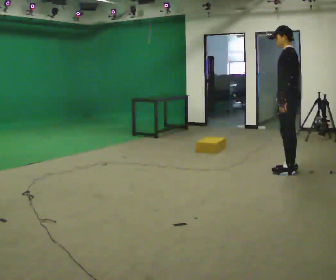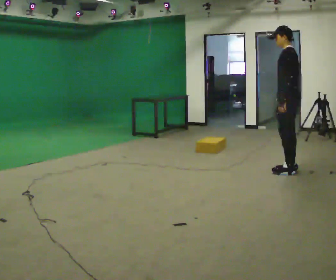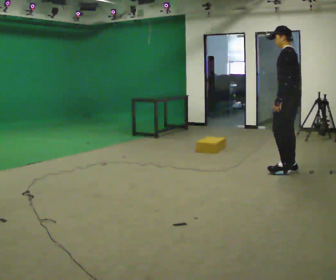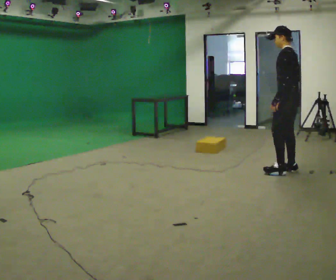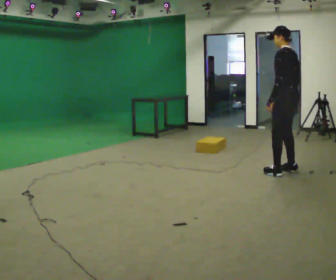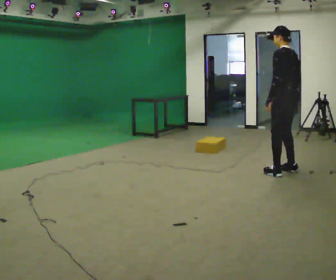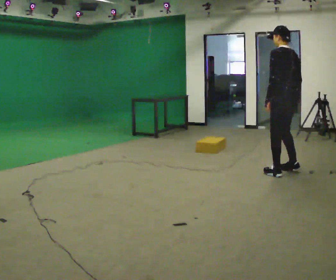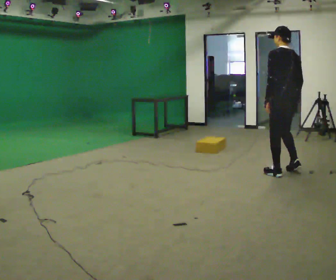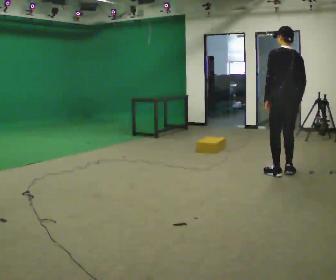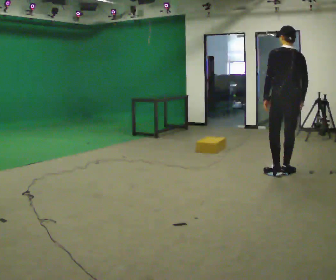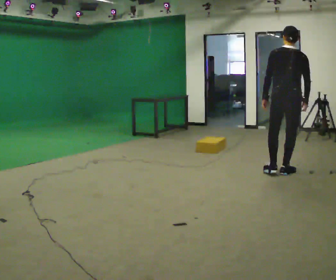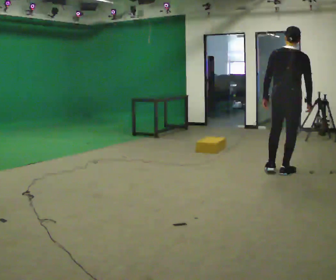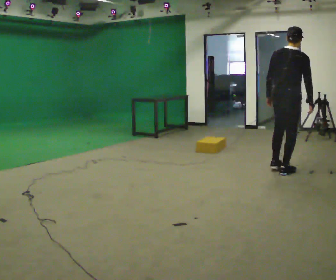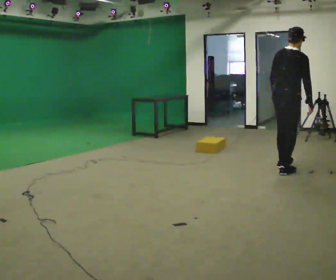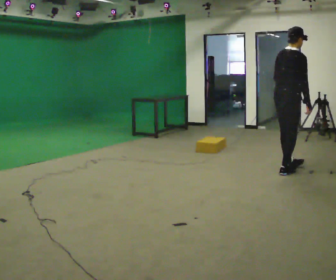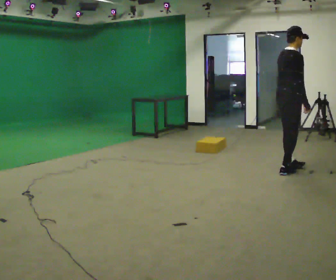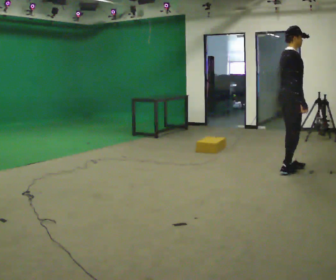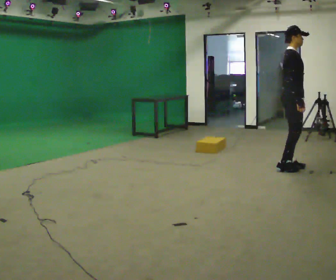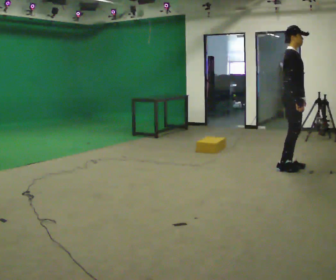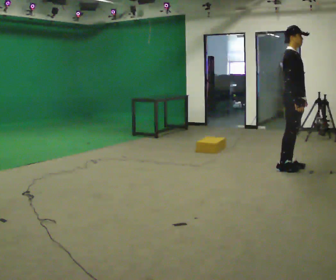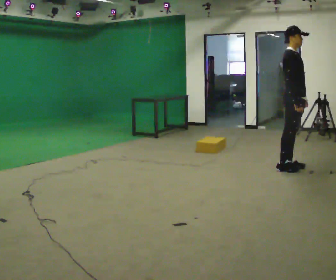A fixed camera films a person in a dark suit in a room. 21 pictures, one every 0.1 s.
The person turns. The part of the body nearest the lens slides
to the left.
The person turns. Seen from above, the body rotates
clockwise.
0.0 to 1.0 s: The person turns about 75 degrees to their right, clockwise seen from above, so the part of the body nearest the lens slides to the left.
1.0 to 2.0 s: The person turns about 105 degrees to their right, clockwise seen from above, so the part of the body nearest the lens slides to the left. In the picture they go away from the camera, about 0.25 m in 1 step. In the picture their left hand goes to the right, the arm swinging counterclockwise.
The film runs backward here.
